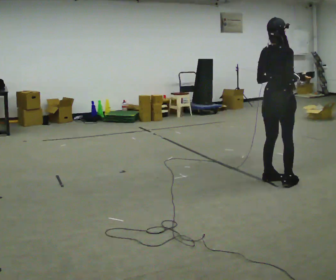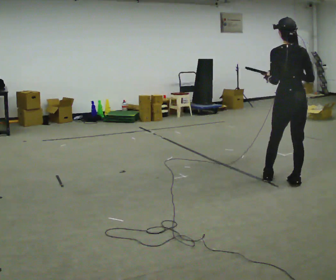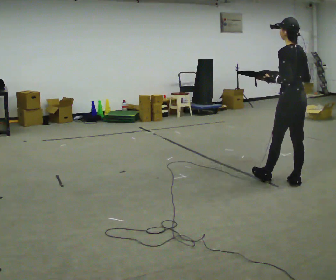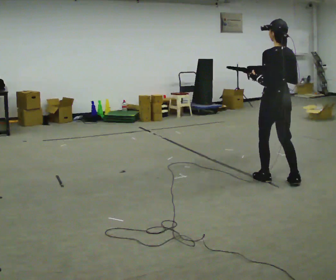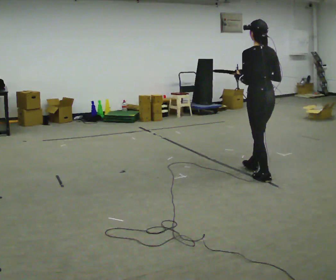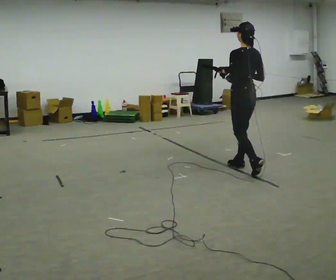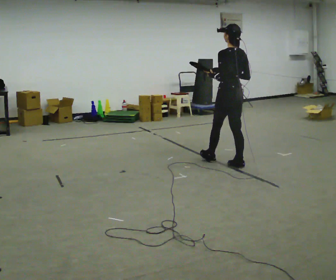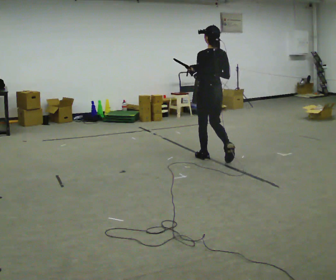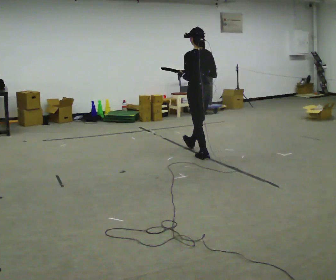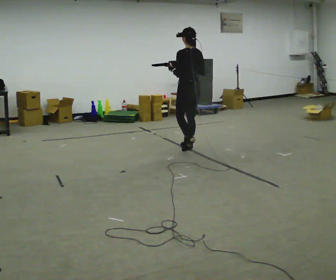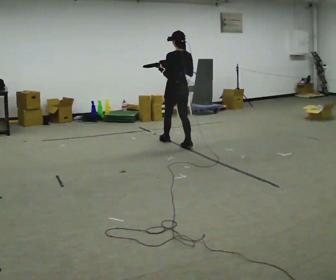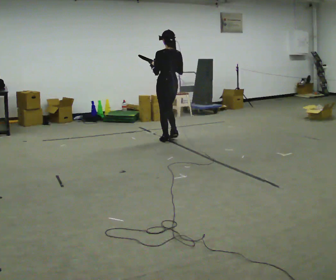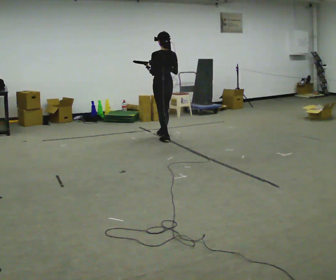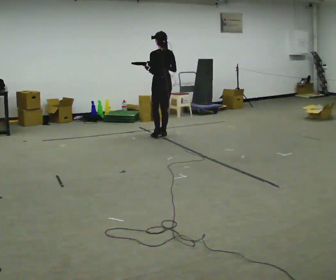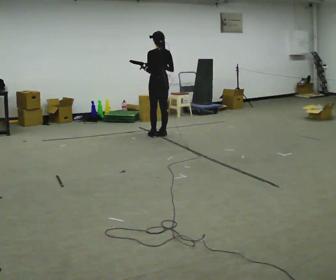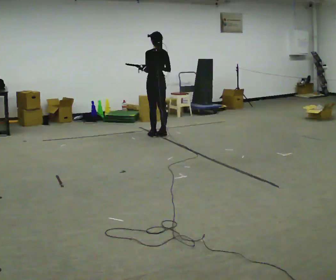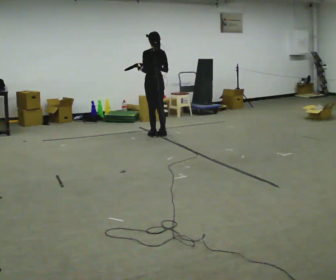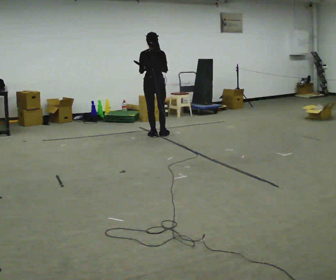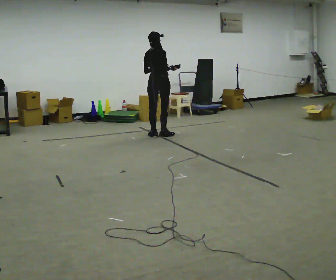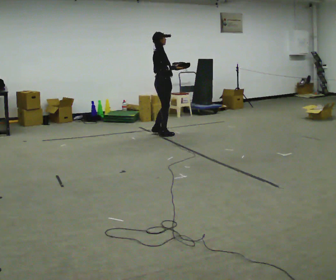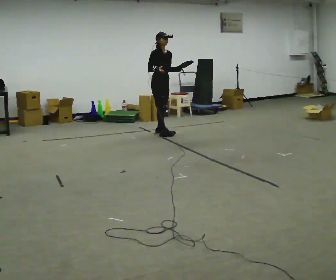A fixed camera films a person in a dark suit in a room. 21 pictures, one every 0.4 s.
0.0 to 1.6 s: The person turns about 75 degrees to their left, counterclockwise seen from above, so the part of the body nearest the lens slides to the right. In the picture they go away from the camera, about 0.25 m in 1 step.
1.6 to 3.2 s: In the picture they go away from the camera and to the left, about 1 m in 2 steps, which for them is forward.
3.2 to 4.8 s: In the picture they go away from the camera and to the left, about 1 m in 3 steps, which for them is forward.
4.8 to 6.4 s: In the picture they go away from the camera, about 0.25 m in 1 step, which for them is forward.
6.4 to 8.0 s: The part of the body nearest the lens slides to the left as the person turns to their right by about 165 degrees.
The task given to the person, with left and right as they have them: Carry the object across the room. The lid hangs loose and will swing, so carry it however works. Keep going until the operator says stop; one object at a time, and do not rush between trips.
The film runs forward here.
